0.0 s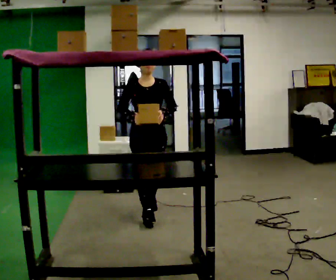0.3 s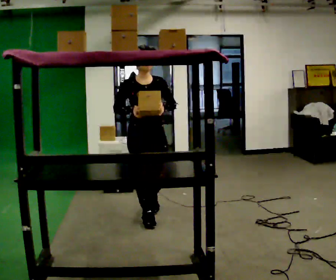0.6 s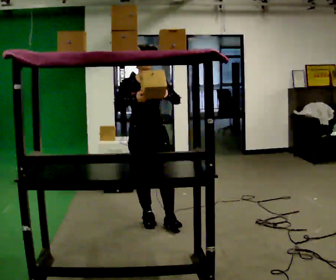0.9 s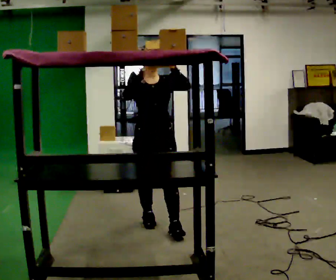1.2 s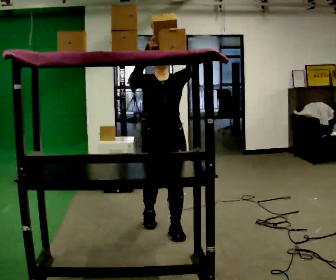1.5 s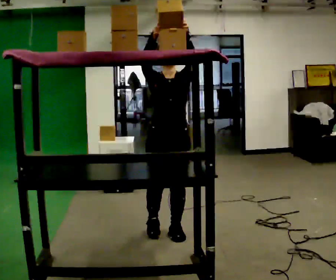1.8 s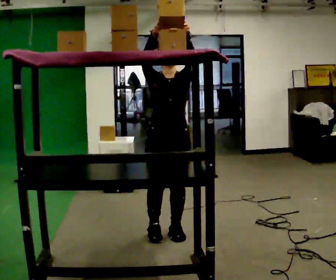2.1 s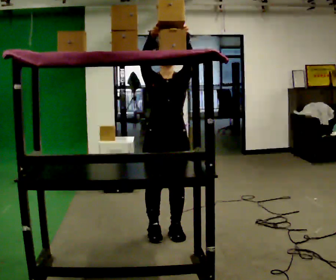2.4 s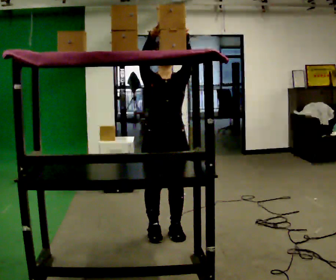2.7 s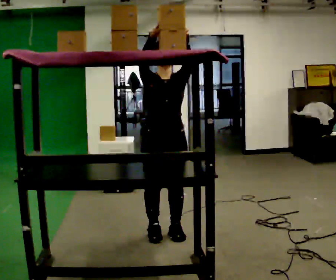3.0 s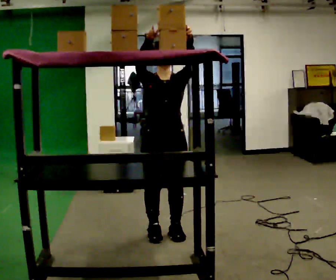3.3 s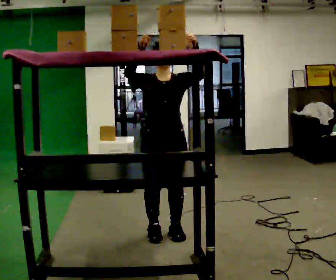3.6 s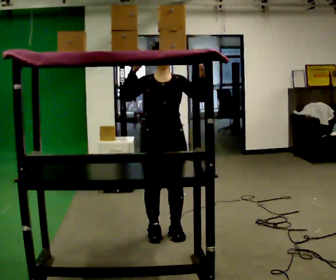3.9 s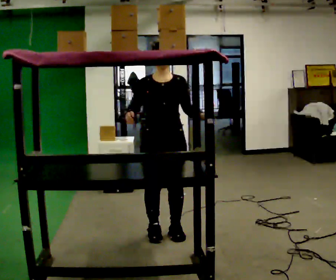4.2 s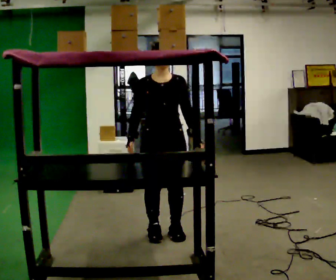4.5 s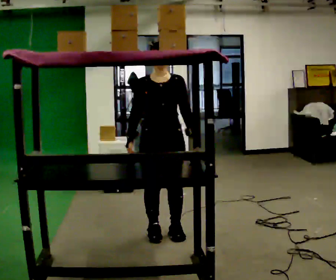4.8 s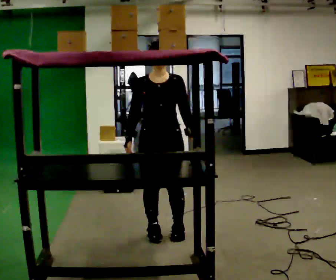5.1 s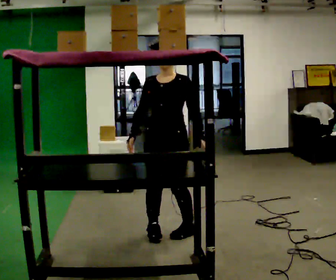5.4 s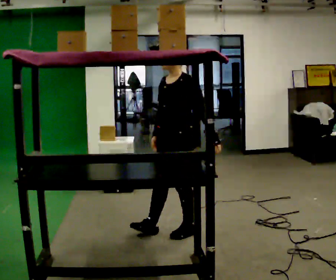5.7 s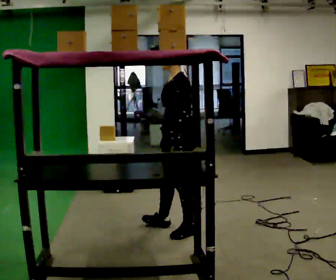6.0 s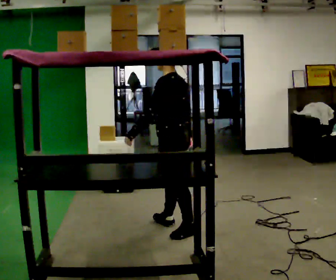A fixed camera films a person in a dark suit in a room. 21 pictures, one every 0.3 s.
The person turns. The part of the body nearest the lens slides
to the left.
The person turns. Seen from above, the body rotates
clockwise.
0.0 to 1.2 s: In the picture they go toward the camera, about 0.5 m in 1 step, which for them is forward. In the picture their left hand goes upward.
1.2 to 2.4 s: The person moves a little, or ends about where they began.
2.4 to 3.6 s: In the picture their left hand goes downward.
3.6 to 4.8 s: In the picture their right hand goes downward.
4.8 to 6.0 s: The part of the body nearest the lens slides to the left as the person turns to their right by about 120 degrees. In the picture their left hand goes to the left, the arm swinging clockwise.
The film runs forward here.
